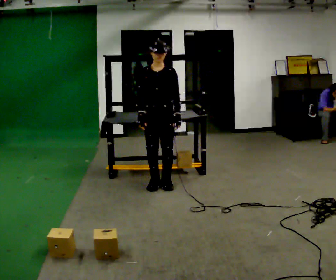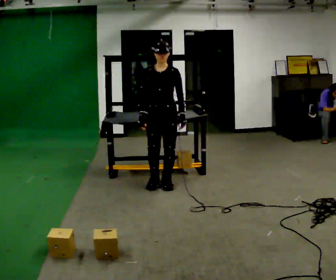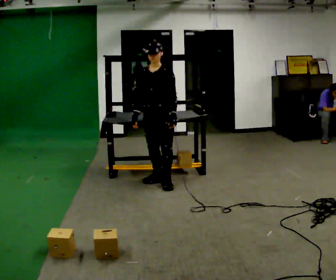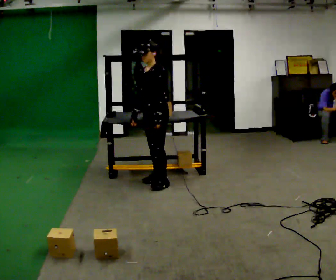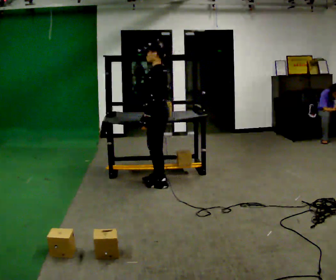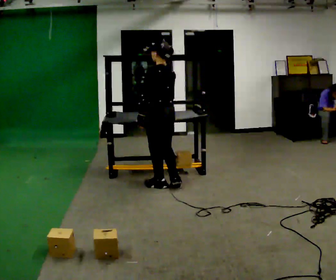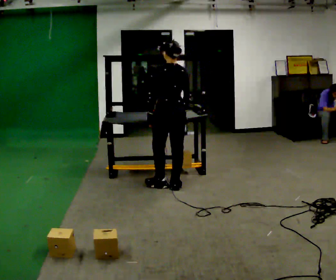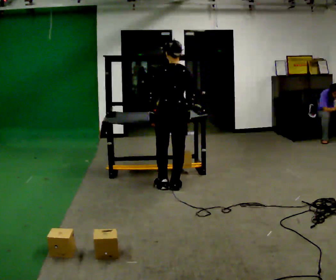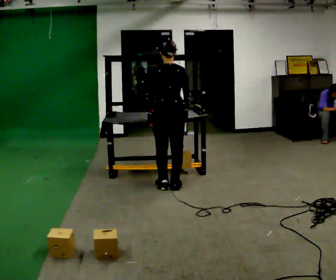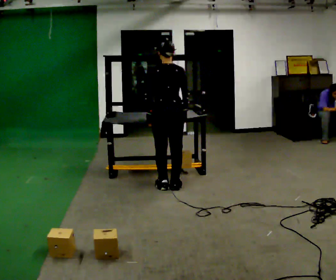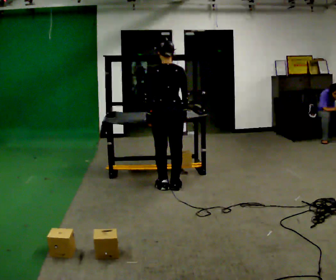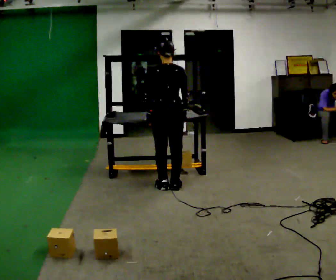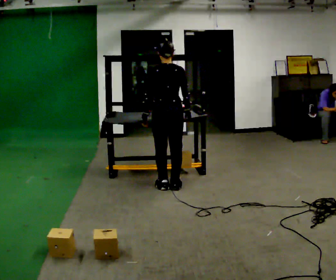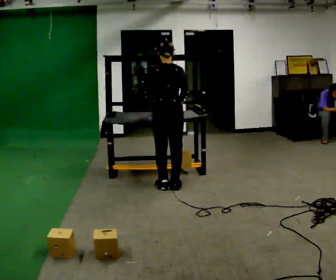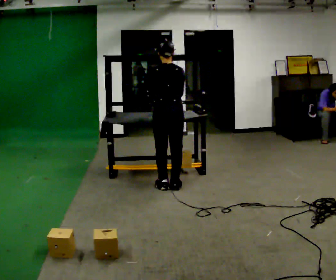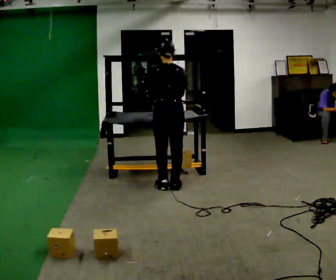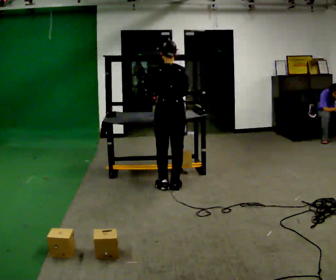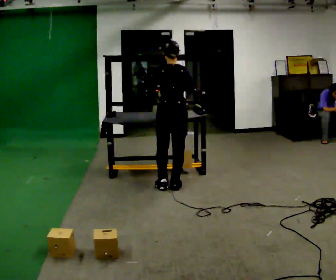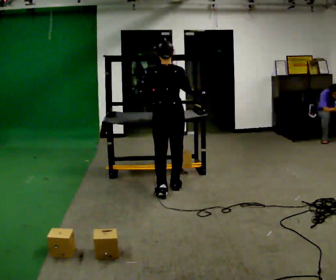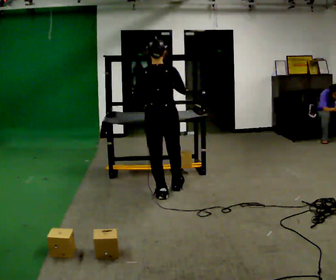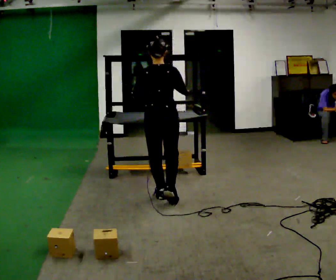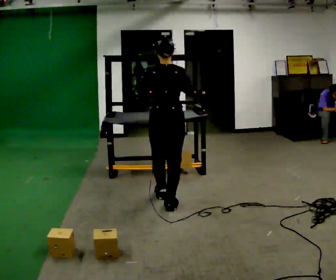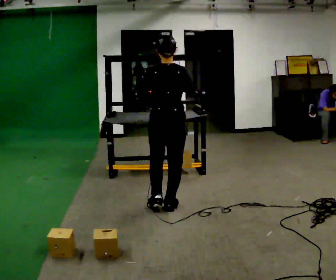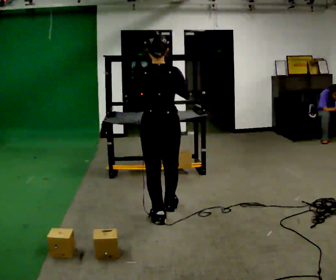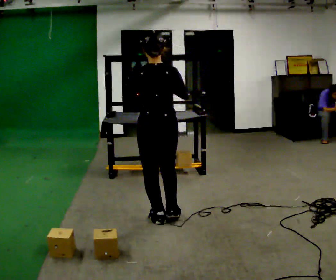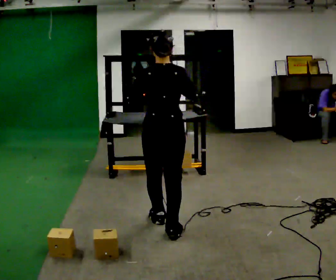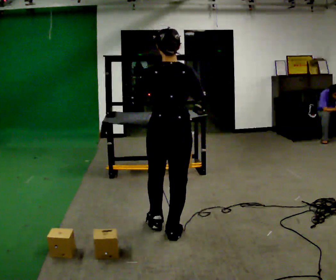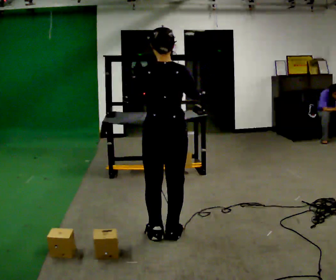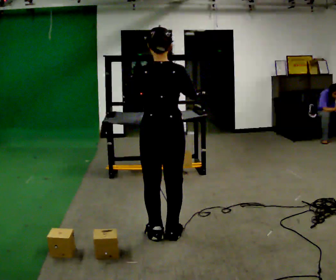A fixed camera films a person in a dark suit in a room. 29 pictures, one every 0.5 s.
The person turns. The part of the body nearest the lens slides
to the left.
The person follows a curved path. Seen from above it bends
clockwise.
0.0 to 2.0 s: The part of the body nearest the lens slides to the left as the person turns to their right by about 90 degrees.
2.0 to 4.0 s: Seen from above the body turns clockwise, about 75 degrees: to their right, with its near side sliding to the left.
4.0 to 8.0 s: The person moves a little, or ends about where they began.
8.0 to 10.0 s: In the picture they go toward the camera, about 0.5 m in 2 steps, which for them is backward.
10.0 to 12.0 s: In the picture they go toward the camera, about 0.5 m in 2 steps, which for them is backward.
12.0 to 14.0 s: In the picture they go toward the camera, about 0.25 m in 1 step, which for them is backward.
The film runs backward here.
